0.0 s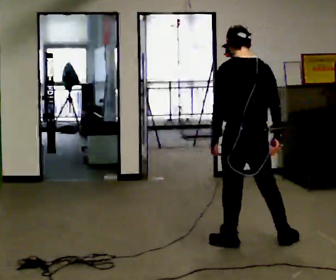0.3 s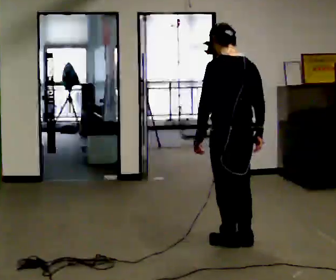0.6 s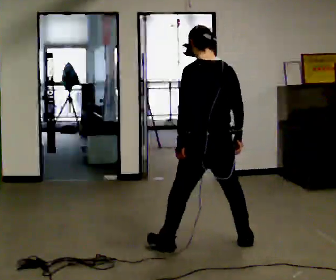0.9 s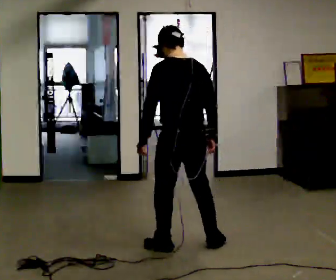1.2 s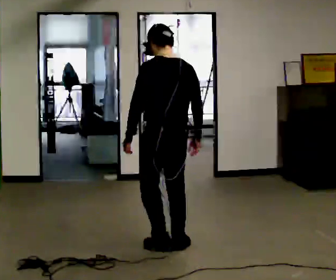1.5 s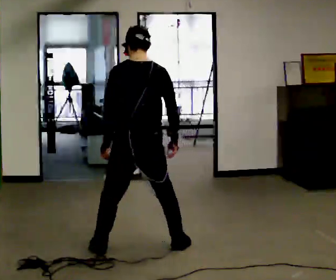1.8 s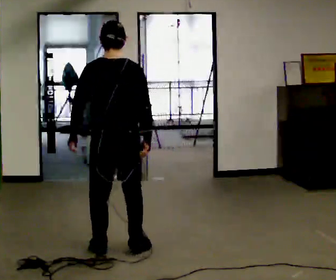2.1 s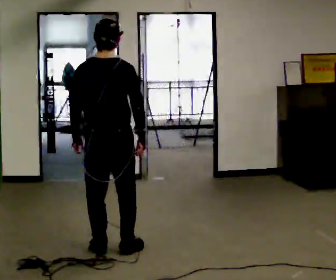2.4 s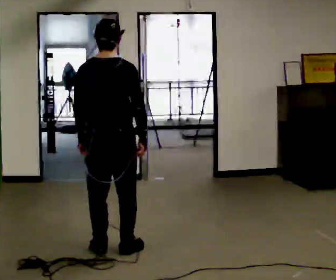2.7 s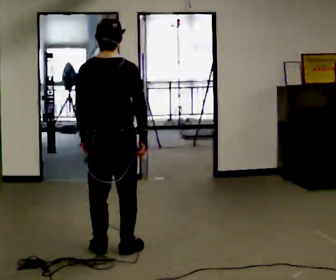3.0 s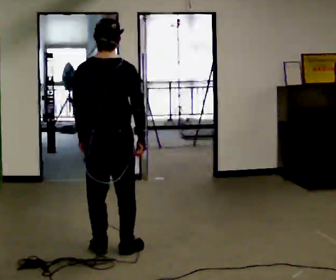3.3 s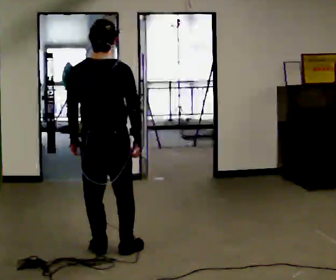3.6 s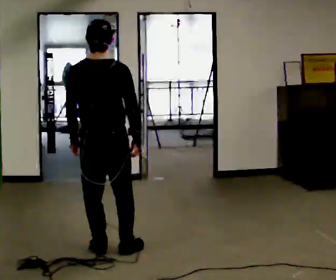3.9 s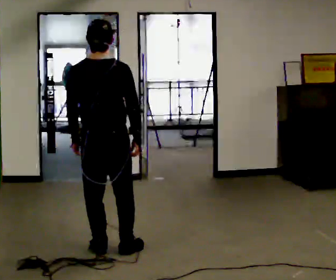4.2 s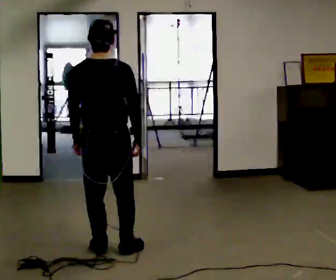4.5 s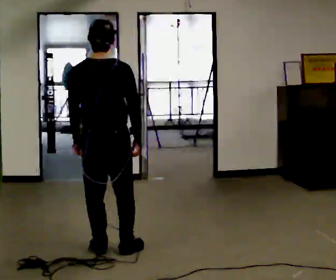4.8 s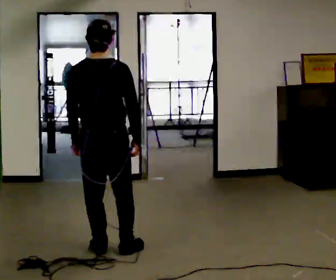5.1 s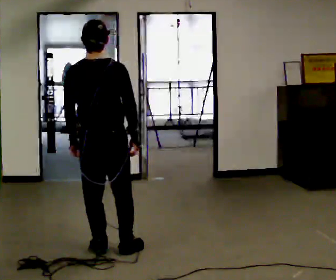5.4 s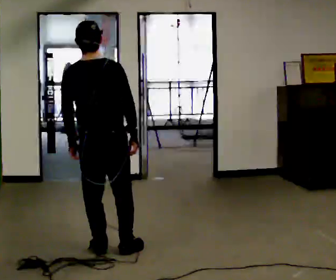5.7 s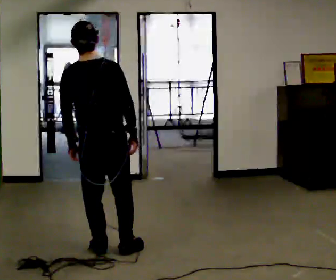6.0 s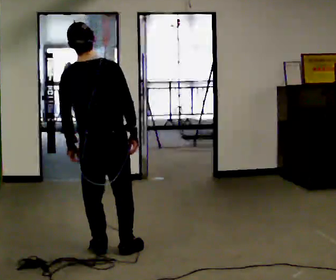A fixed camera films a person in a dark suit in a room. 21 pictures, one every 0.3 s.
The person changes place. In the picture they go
to the left.
0.0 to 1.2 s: In the picture they go to the left, about 0.5 m in 3 steps, which for them is to their left and forward.
1.2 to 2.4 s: Seen from above the body turns clockwise, about 30 degrees: to their right, with its near side sliding to the left. In the picture they go to the left, about 0.5 m in 2 steps, which for them is to their left.
2.4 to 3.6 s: The person moves a little, or ends about where they began.
3.6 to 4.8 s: The person keeps their place and pose.
4.8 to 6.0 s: The person moves a little, or ends about where they began.
The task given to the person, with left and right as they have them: Stand on the marked spots. Lean to the side the operator calls until you cannot hold it, then step to catch yourself. Return to the spots. Repeat at your own pace until the operator says stop. Go slowly and only as far as you are comfortable. Step whenever you need to; do not try to hold on longer than feels safe.
The film runs forward here.
